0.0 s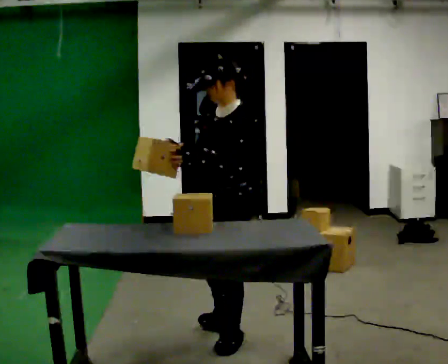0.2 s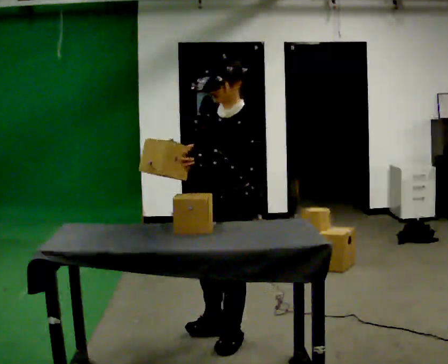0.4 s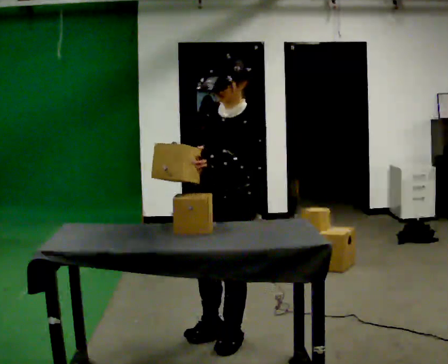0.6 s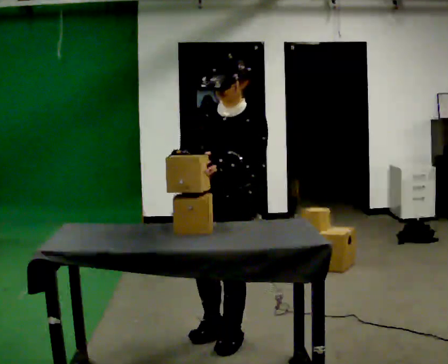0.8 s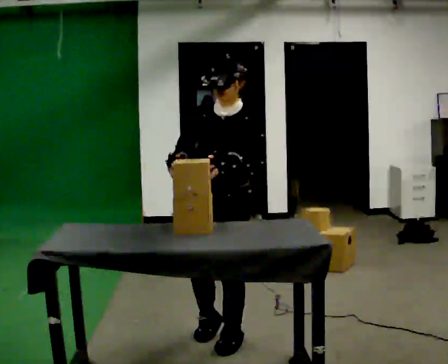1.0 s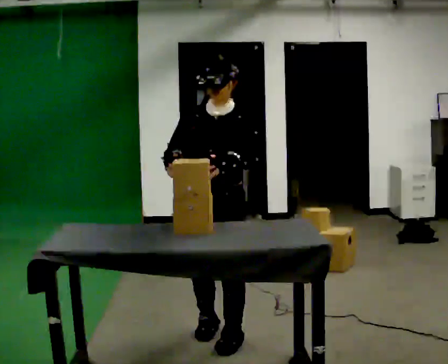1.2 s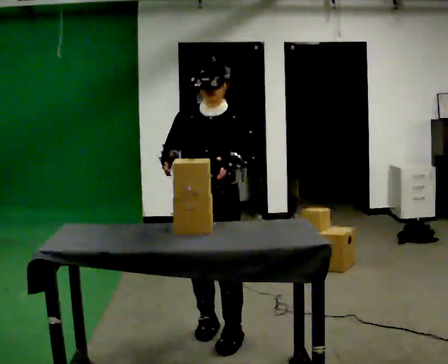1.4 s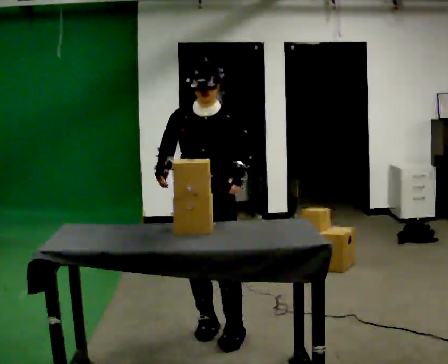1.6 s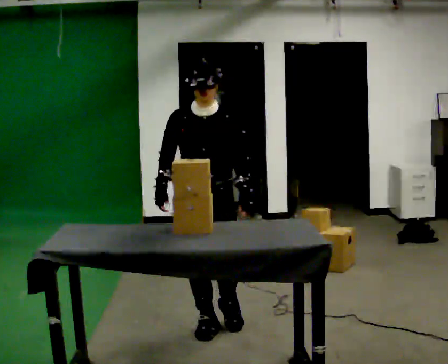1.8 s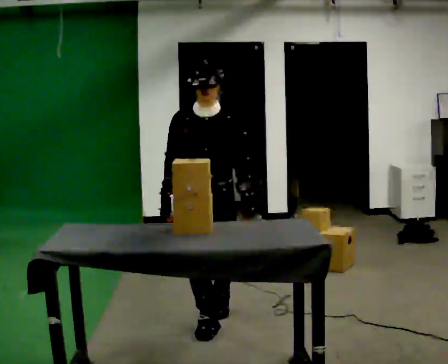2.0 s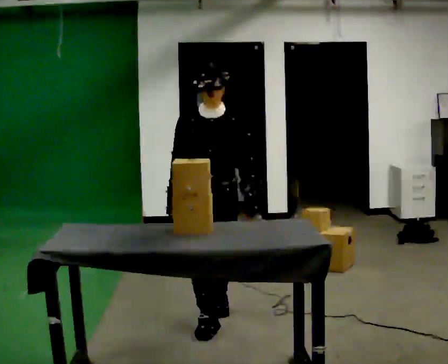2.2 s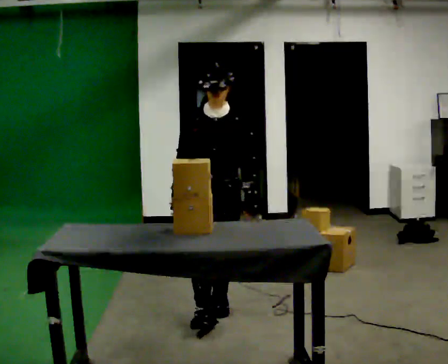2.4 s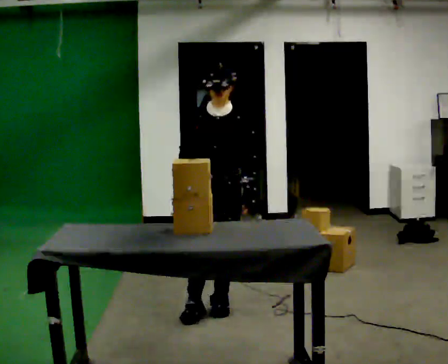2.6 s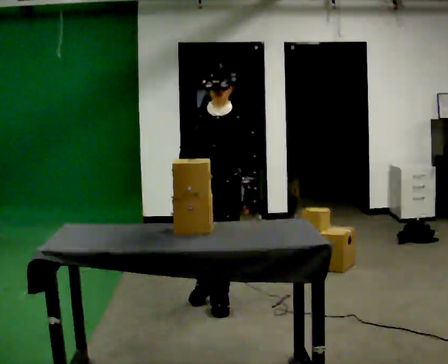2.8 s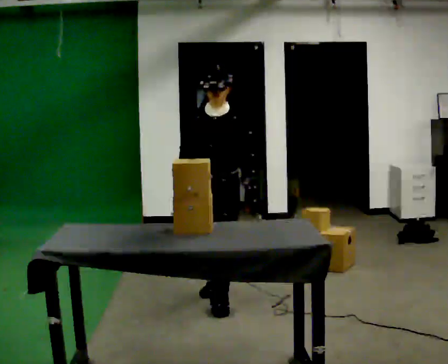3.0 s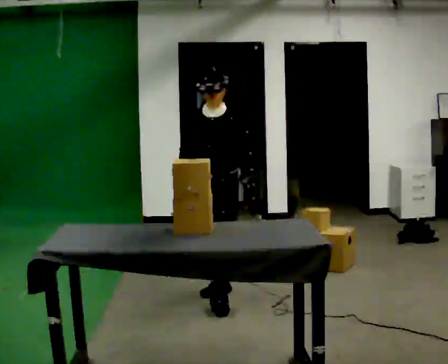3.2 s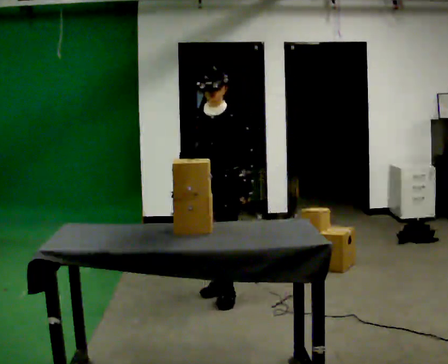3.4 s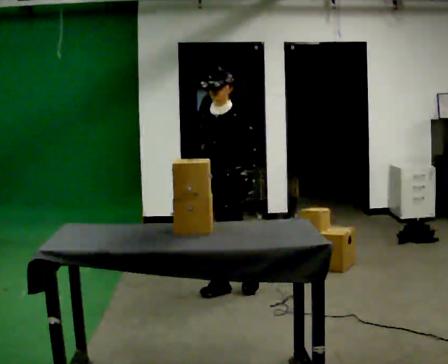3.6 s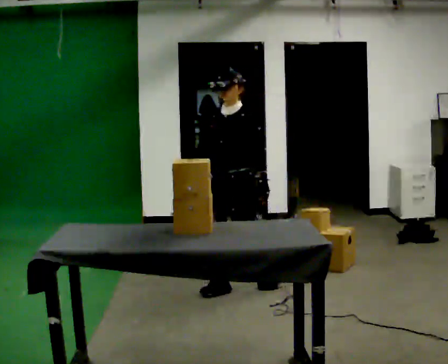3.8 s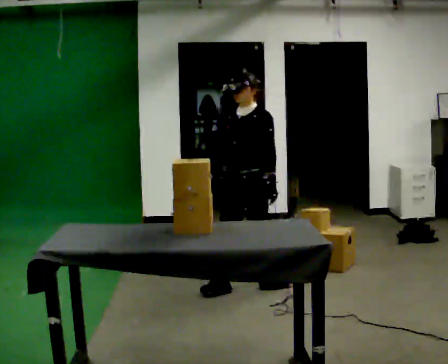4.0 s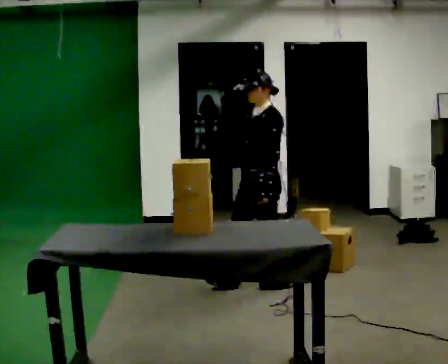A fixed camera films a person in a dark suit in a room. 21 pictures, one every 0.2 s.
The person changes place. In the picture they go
away from the camera.
The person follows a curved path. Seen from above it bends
clockwise.
0.0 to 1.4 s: The part of the body nearest the lens slides to the right as the person turns to their left by about 60 degrees. In the picture they go to the left, about 0.25 m in 2 steps, which for them is to their right.
1.4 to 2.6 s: In the picture they go away from the camera, about 0.5 m in 1 step, which for them is backward.
2.6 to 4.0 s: Seen from above the body turns clockwise, about 60 degrees: to their right, with its near side sliding to the left. In the picture they go away from the camera and to the right, about 0.5 m in 2 steps, which for them is backward.
The film runs backward here.
